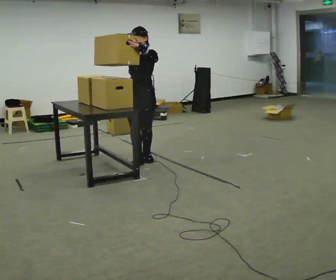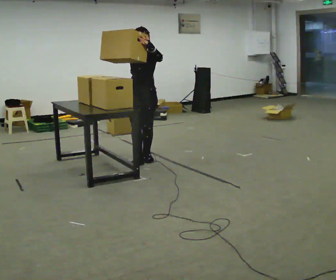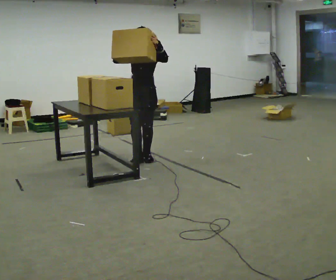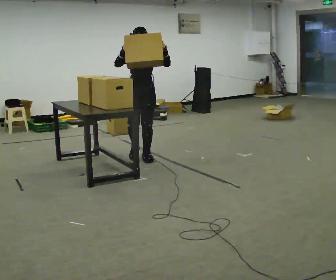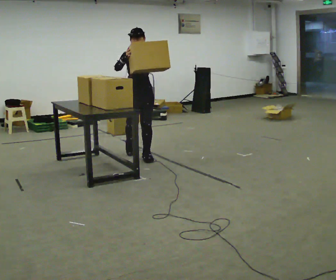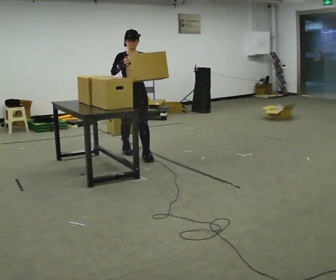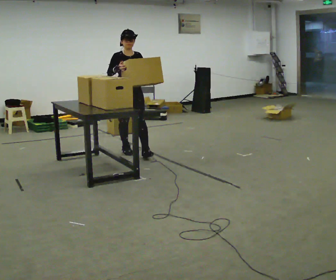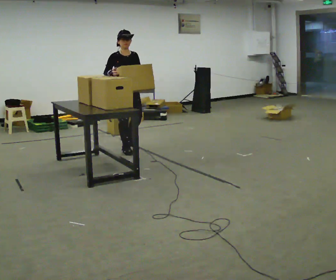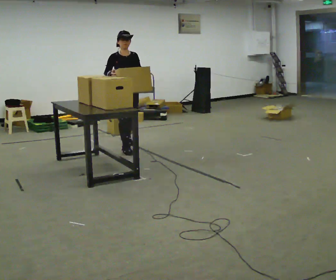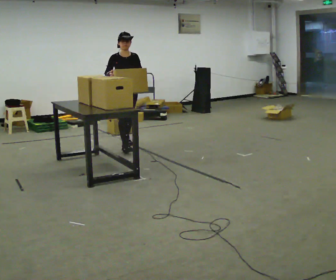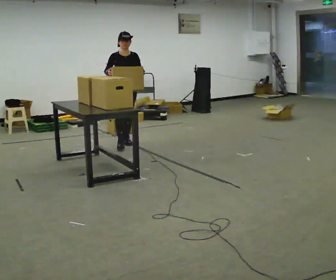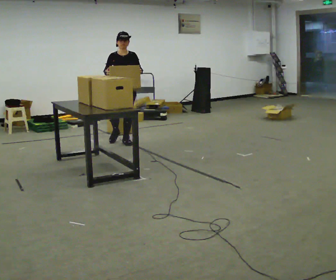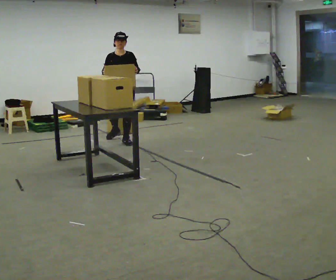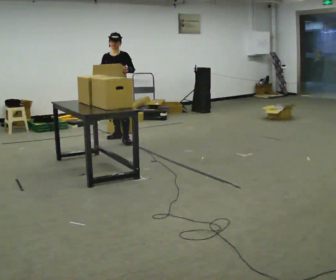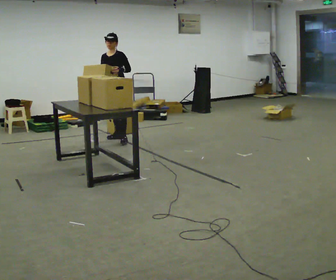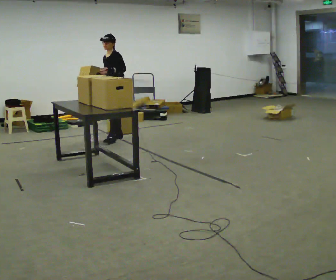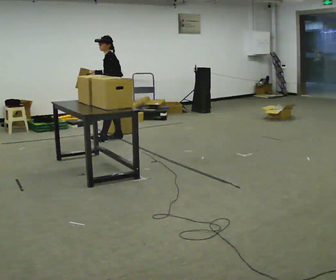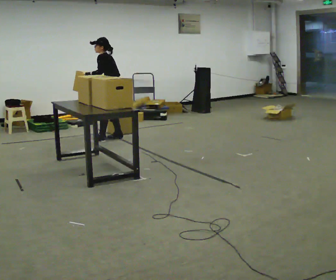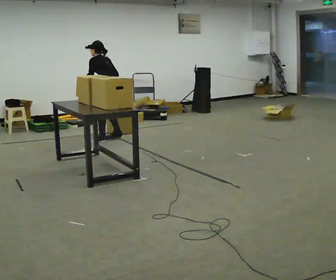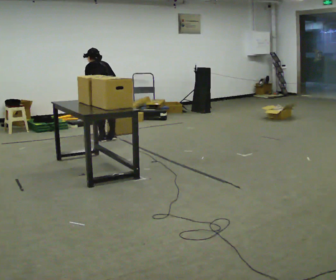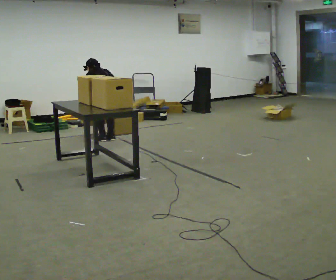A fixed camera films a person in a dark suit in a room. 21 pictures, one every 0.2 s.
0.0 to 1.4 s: The part of the body nearest the lens slides to the right as the person turns to their left by about 45 degrees. In the picture they go away from the camera, about 0.5 m in 2 steps, which for them is backward and to their right.
1.4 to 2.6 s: The part of the body nearest the lens slides to the left as the person turns to their right by about 30 degrees. In the picture they go away from the camera, about 0.75 m in 1 step, which for them is backward.
2.6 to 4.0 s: The part of the body nearest the lens slides to the left as the person turns to their right by about 135 degrees. The upper body goes downward. The upper body tips away from the camera, its near side rolling upward, as they bend forward. In the picture their right hand goes downward.
The film runs backward here.
